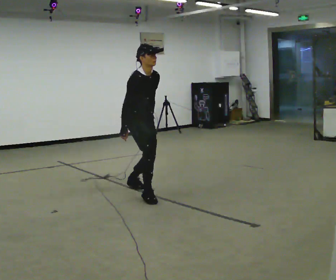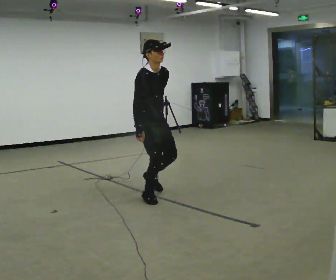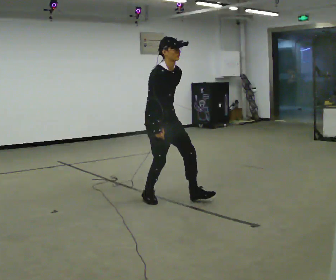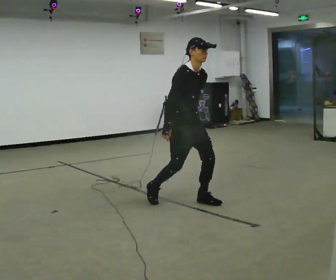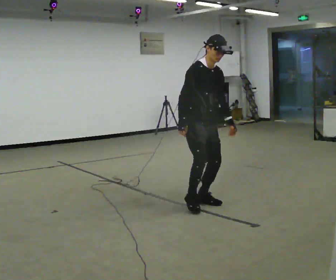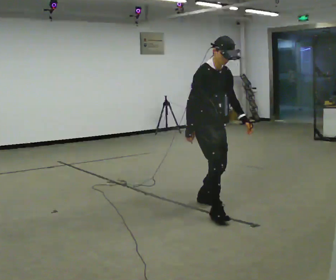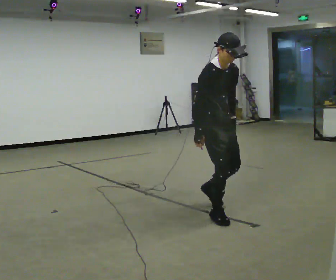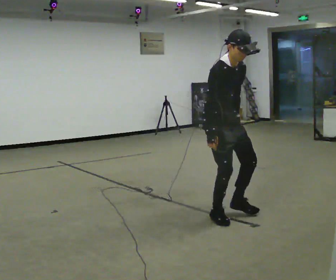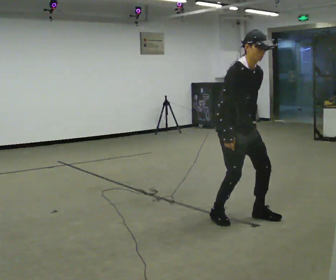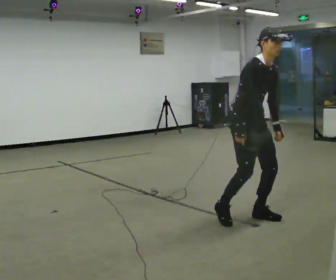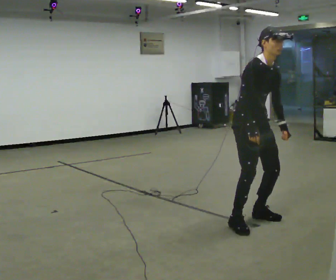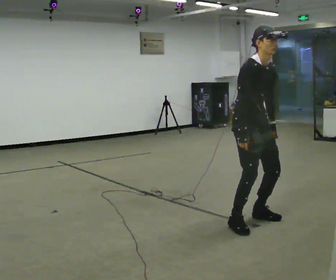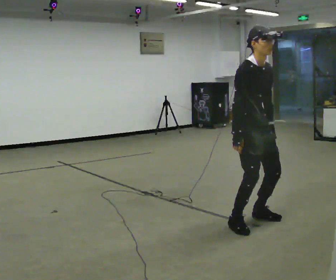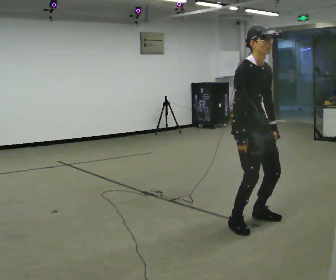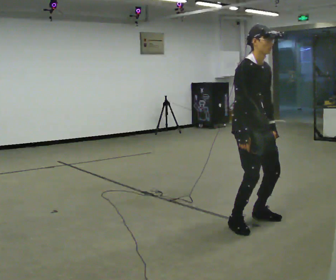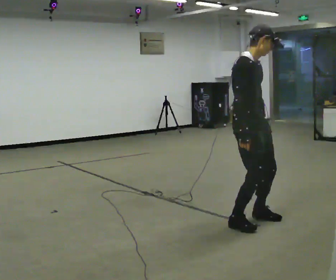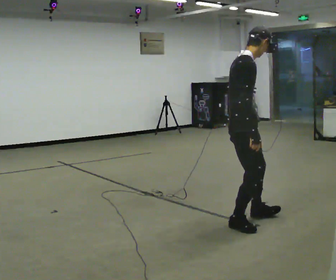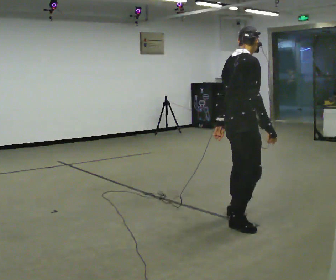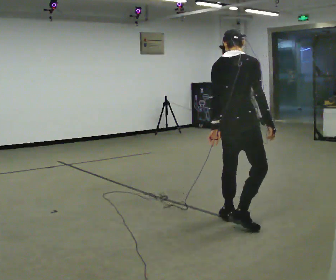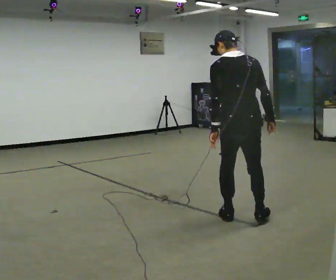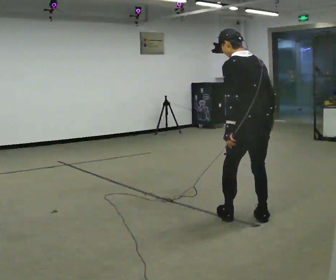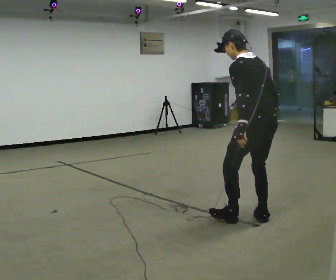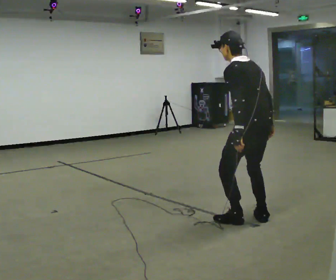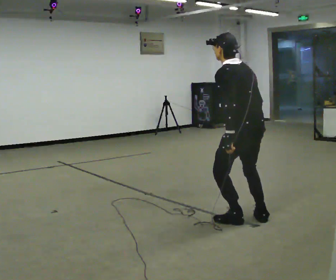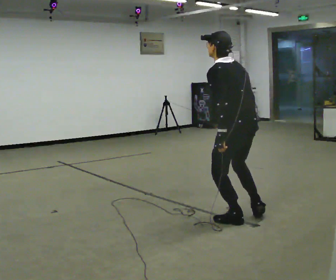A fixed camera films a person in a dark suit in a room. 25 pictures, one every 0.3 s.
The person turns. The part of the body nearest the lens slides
to the right.
The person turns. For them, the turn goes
to their left.
0.0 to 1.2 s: In the picture they go to the right and toward the camera, about 0.5 m in 1 step, which for them is forward.
1.2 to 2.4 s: In the picture they go toward the camera and to the right, about 0.5 m in 2 steps, which for them is forward.
2.4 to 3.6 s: The person moves a little, or ends about where they began.
3.6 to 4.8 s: The person turns about 45 degrees to their left, counterclockwise seen from above, so the part of the body nearest the lens slides to the right. In the picture their left hand goes to the left.
4.8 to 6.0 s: The person turns about 120 degrees to their left, counterclockwise seen from above, so the part of the body nearest the lens slides to the right. In the picture they go to the right, about 0.25 m in 2 steps. In the picture the upper body tilts counterclockwise, shoulders to the left.
6.0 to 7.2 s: The person moves a little, or ends about where they began.
The film runs forward here.
